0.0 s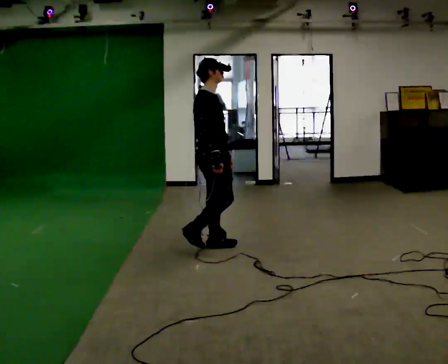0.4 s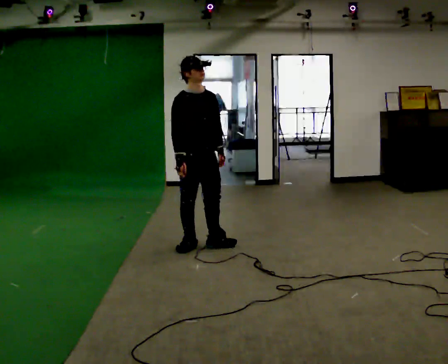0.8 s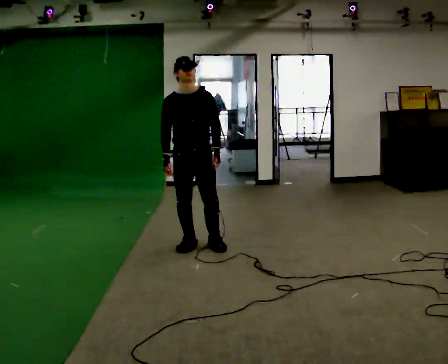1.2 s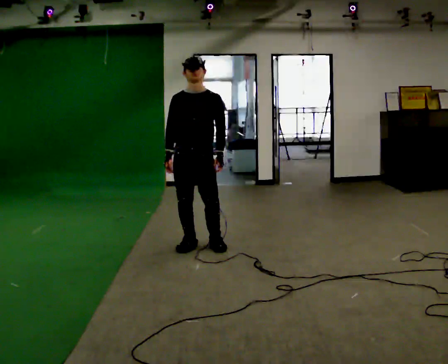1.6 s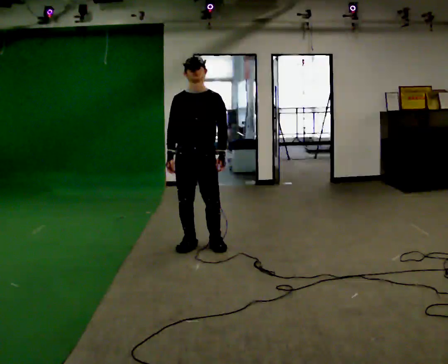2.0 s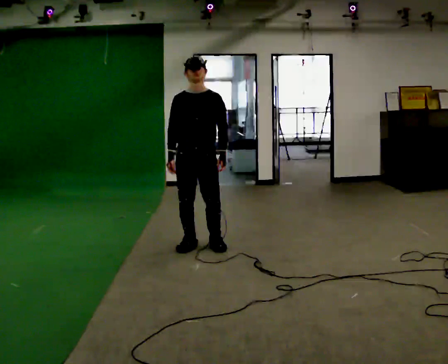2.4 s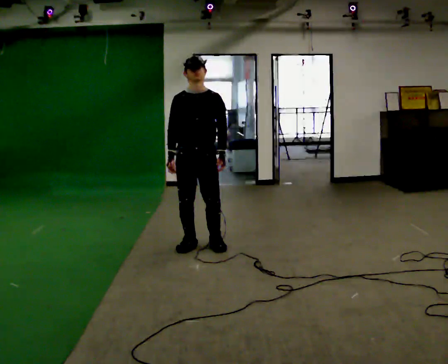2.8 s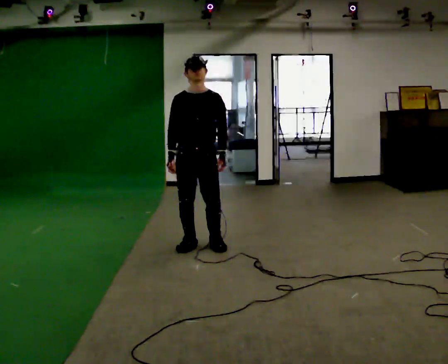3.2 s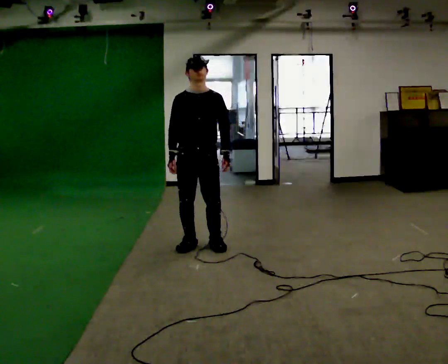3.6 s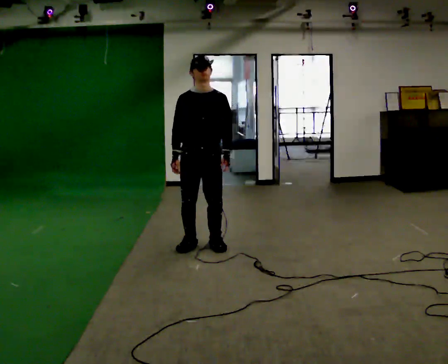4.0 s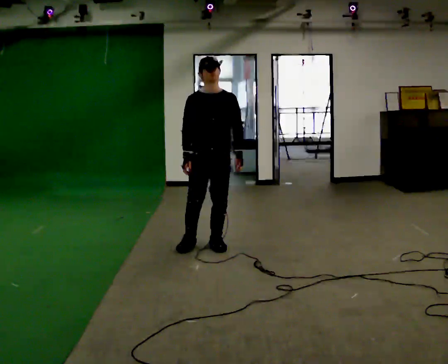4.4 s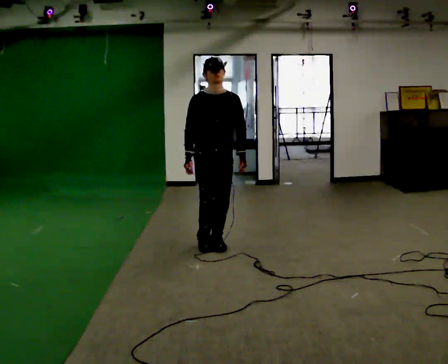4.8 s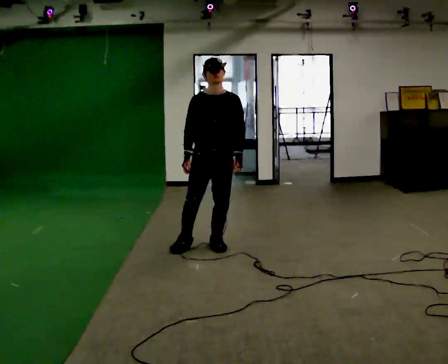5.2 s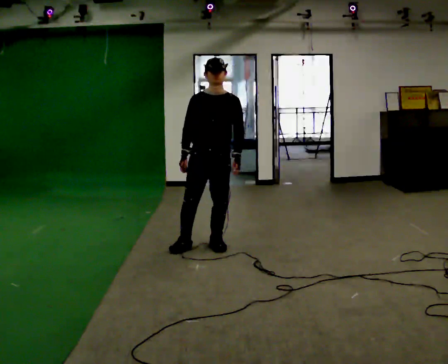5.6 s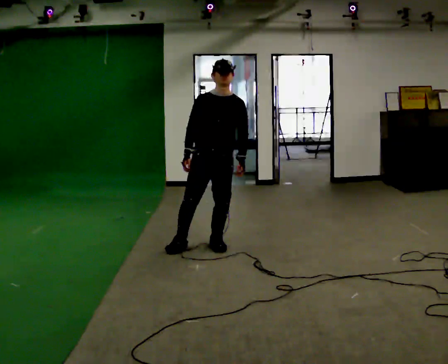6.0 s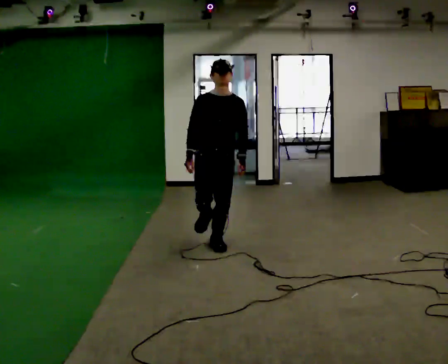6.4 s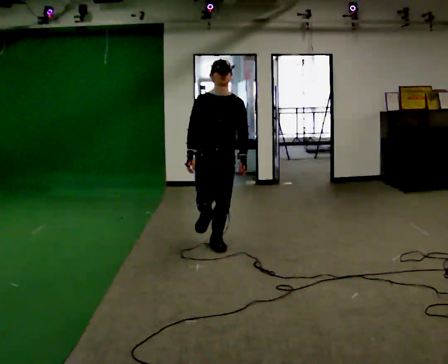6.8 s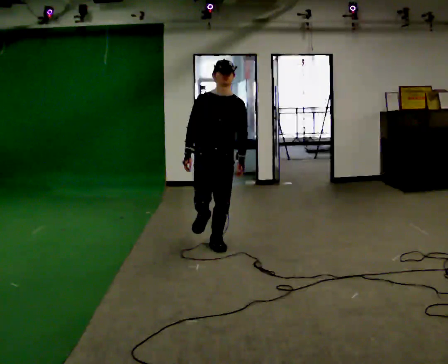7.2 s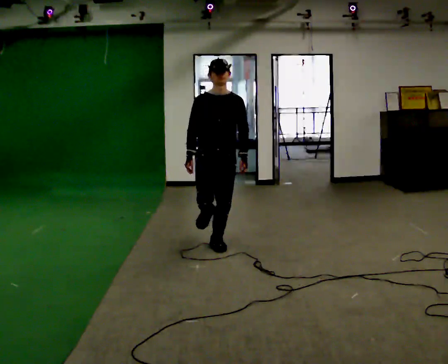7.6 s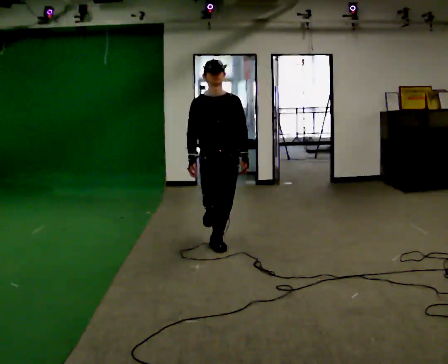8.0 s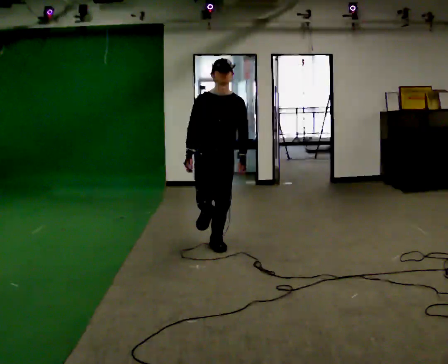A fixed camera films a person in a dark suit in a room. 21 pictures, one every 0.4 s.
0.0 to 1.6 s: The part of the body nearest the lens slides to the left as the person turns to their right by about 90 degrees. In the picture their right hand goes to the left.
1.6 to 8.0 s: In the picture they go to the right, about 0.25 m in 2 steps, which for them is to their left.
The film runs backward here.
